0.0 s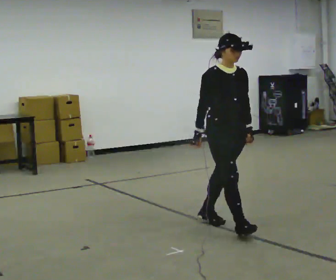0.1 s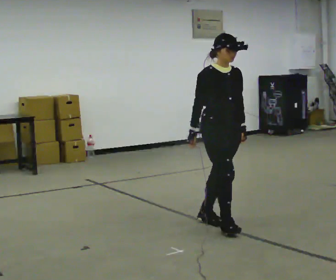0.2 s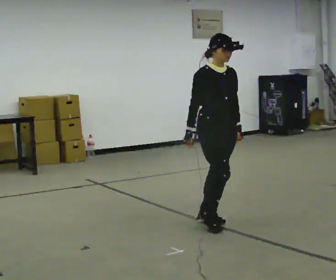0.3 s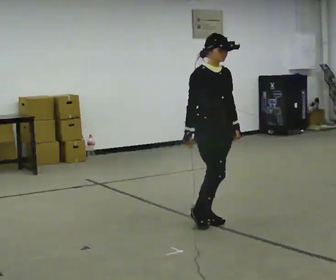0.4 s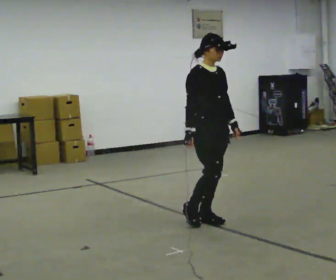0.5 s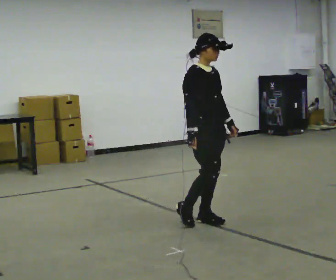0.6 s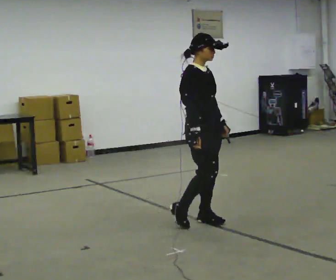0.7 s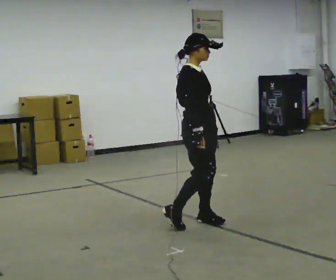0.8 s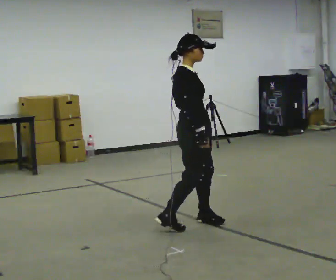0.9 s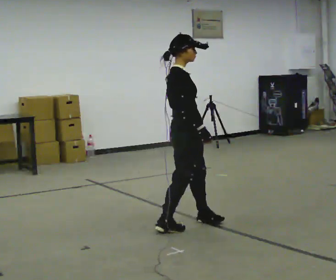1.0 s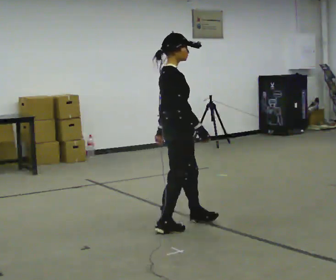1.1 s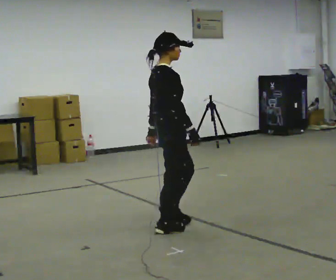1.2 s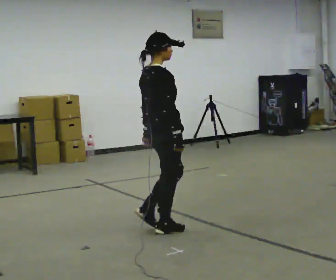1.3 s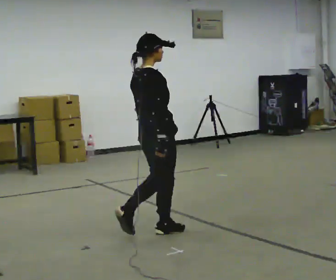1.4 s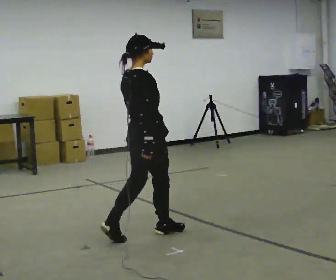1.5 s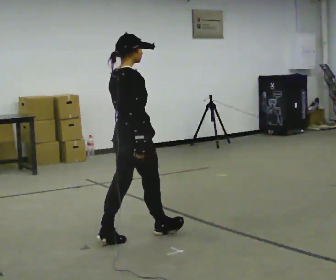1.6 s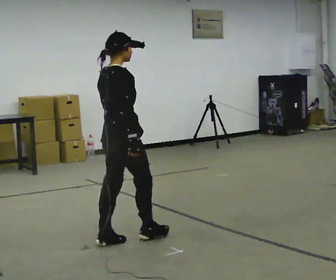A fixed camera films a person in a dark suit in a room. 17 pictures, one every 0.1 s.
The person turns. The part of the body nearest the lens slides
to the right.
The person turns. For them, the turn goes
to their left.
0.0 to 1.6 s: The part of the body nearest the lens slides to the right as the person turns to their left by about 90 degrees. In the picture they go to the left, about 1 m in 2 steps.
The film runs backward here.
